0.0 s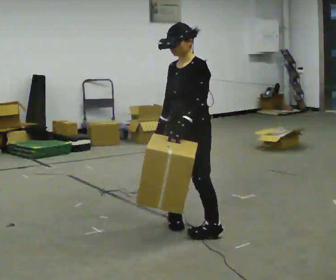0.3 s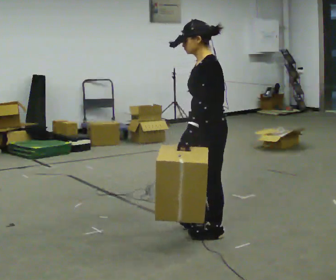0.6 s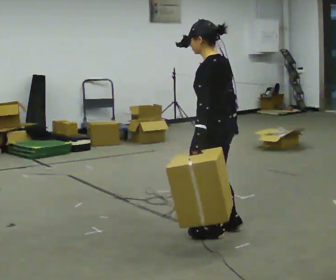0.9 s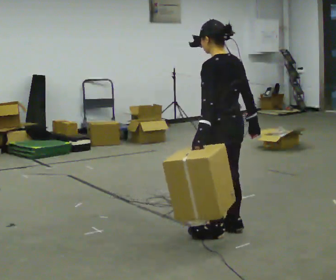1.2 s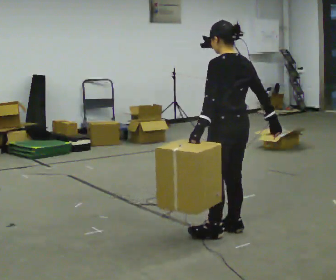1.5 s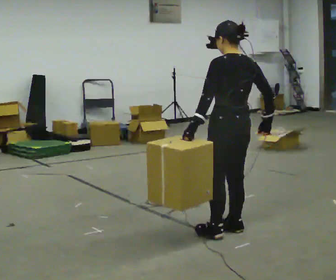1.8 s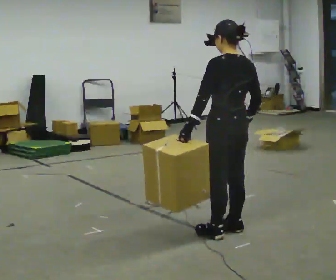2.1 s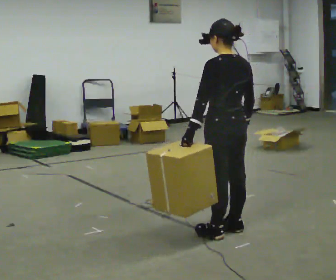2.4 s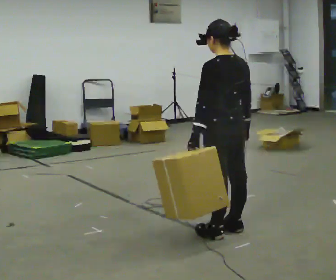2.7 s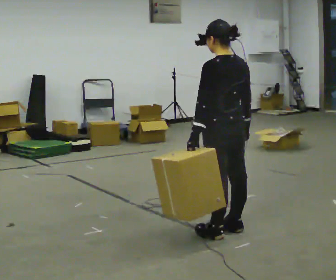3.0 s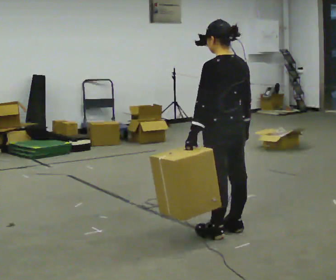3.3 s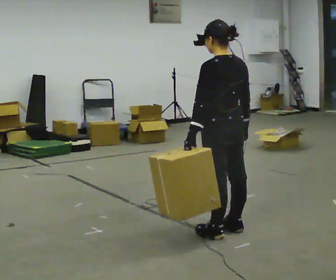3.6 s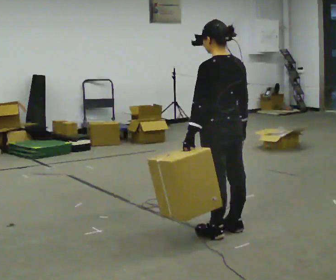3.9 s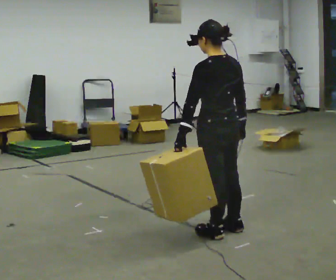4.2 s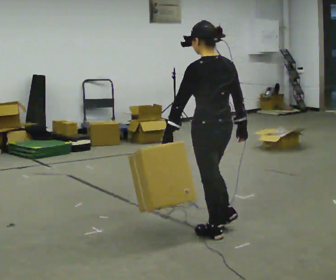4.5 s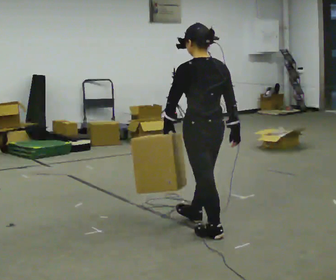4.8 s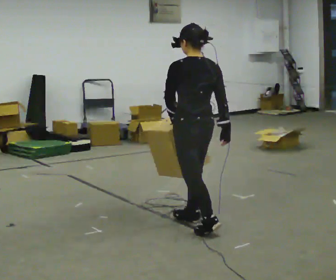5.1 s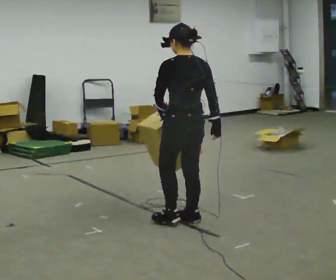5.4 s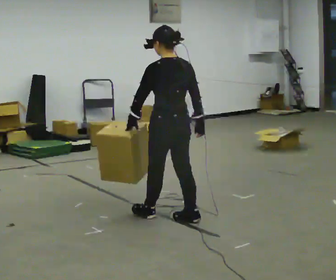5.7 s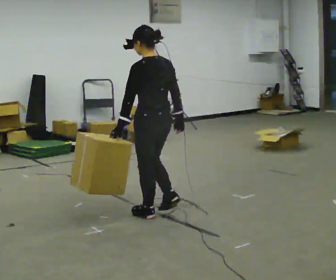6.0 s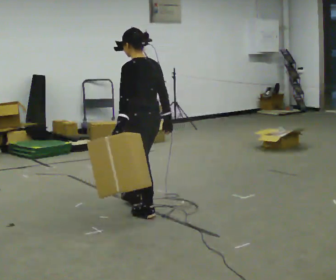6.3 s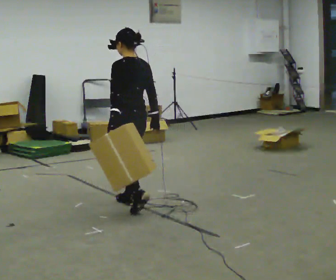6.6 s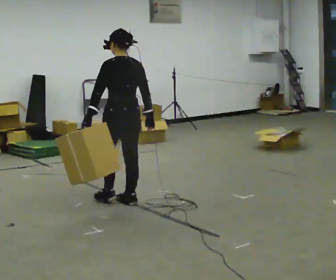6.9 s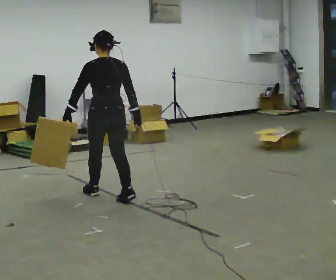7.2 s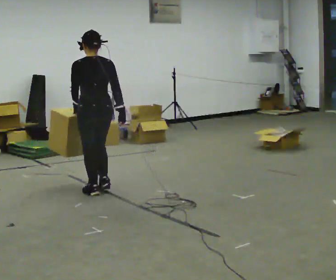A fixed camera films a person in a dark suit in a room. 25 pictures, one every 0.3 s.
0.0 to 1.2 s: Seen from above the body turns clockwise, about 90 degrees: to their right, with its near side sliding to the left. In the picture they go to the right, about 0.25 m in 1 step.
1.2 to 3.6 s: The person moves a little, or ends about where they began.
3.6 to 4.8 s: In the picture they go to the left and away from the camera, about 0.25 m in 1 step, which for them is forward.
4.8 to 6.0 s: In the picture they go to the left and away from the camera, about 0.5 m in 1 step, which for them is forward.
6.0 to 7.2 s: Seen from above the body turns clockwise, about 30 degrees: to their right, with its near side sliding to the left. In the picture they go away from the camera and to the left, about 0.5 m in 2 steps, which for them is forward.
The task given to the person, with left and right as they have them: Carry the object in the hand the operator calls, down at your side, walking back and forth across the room.
The film runs forward here.
